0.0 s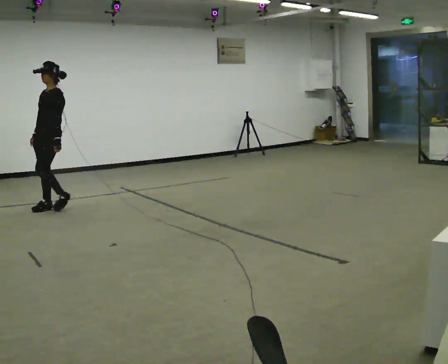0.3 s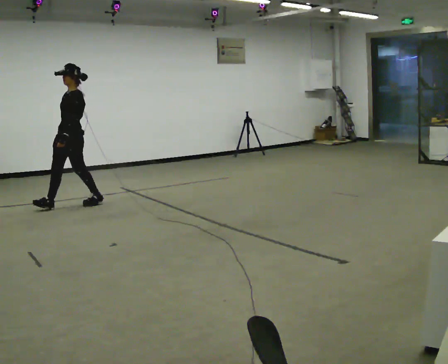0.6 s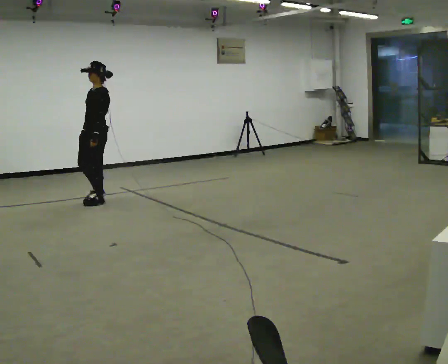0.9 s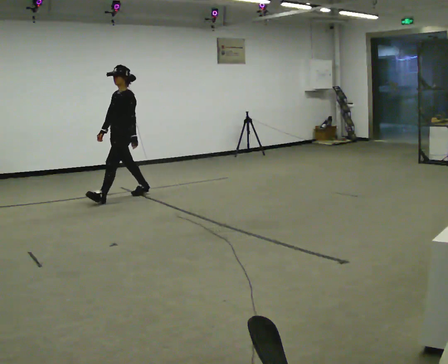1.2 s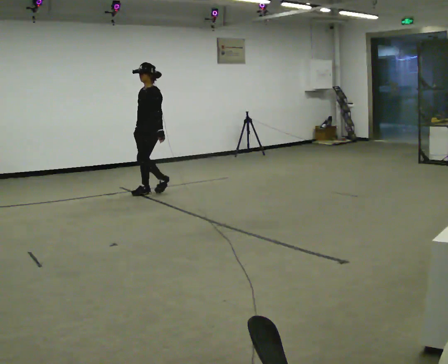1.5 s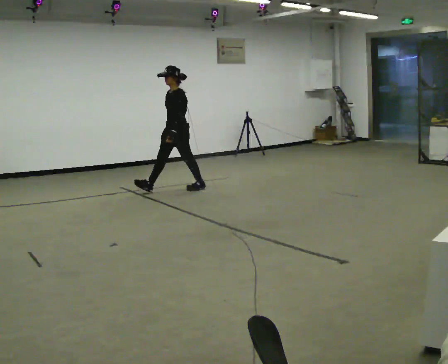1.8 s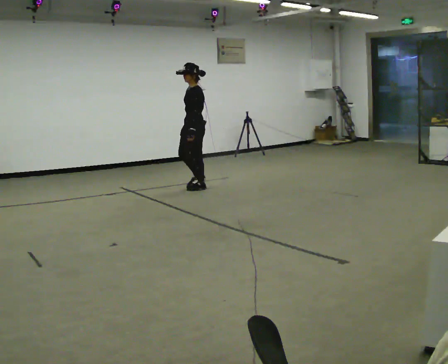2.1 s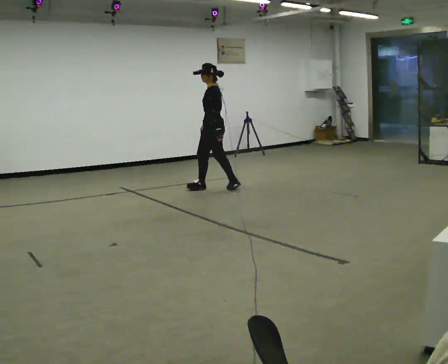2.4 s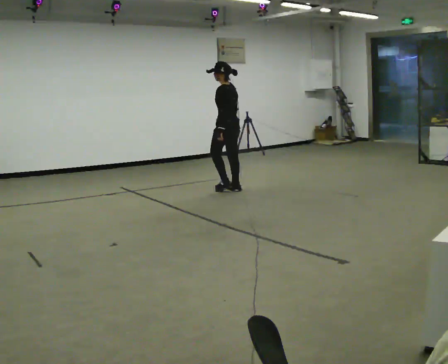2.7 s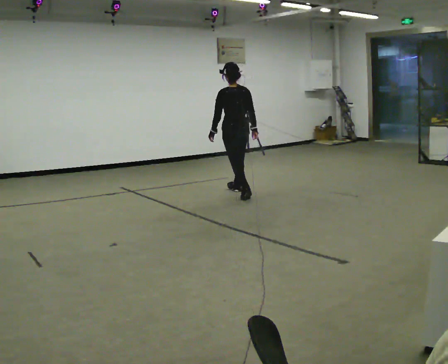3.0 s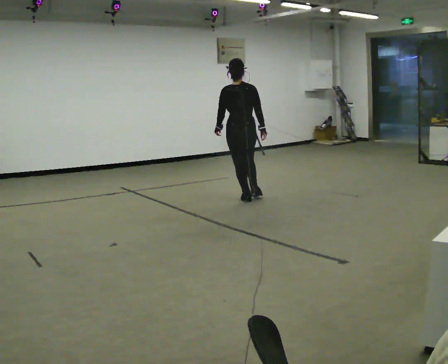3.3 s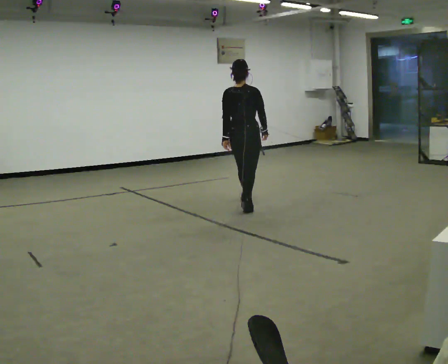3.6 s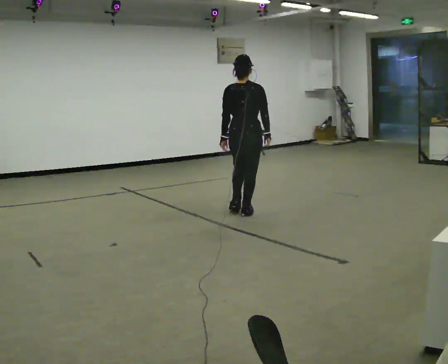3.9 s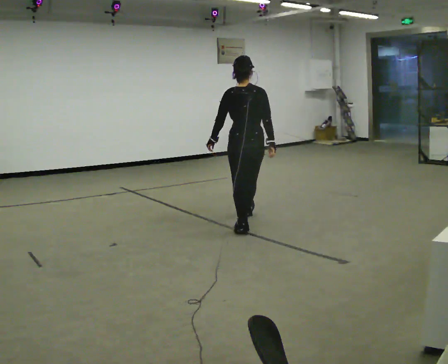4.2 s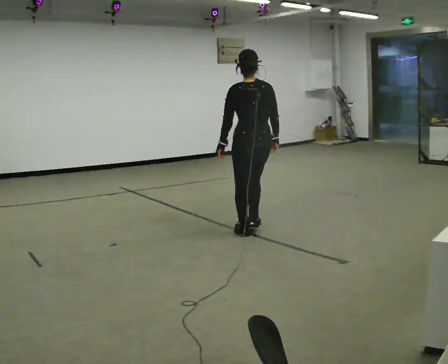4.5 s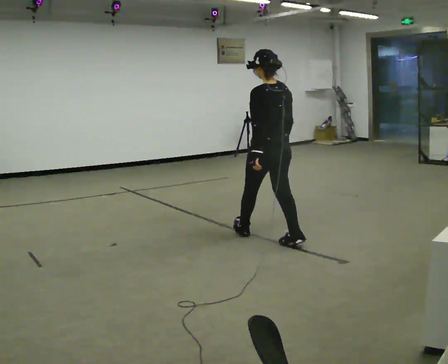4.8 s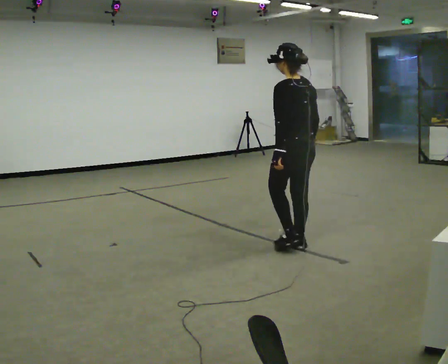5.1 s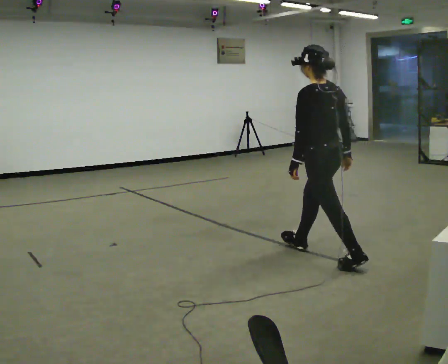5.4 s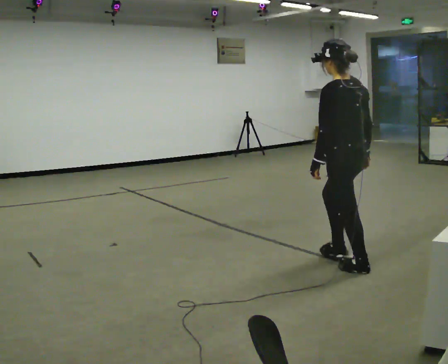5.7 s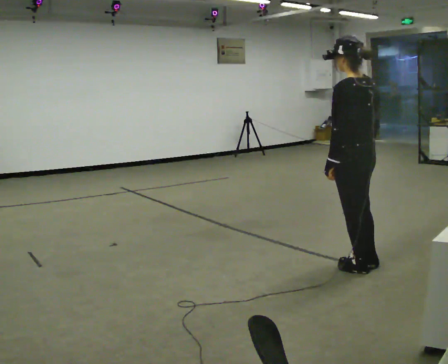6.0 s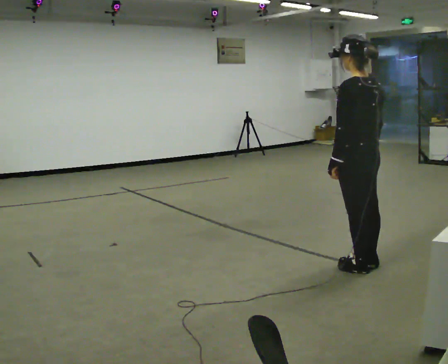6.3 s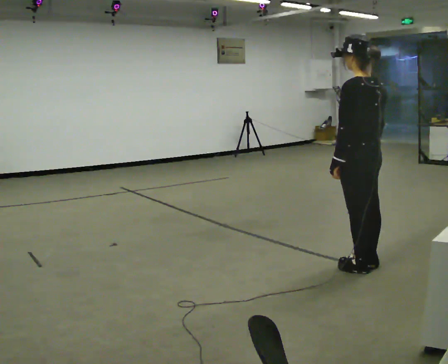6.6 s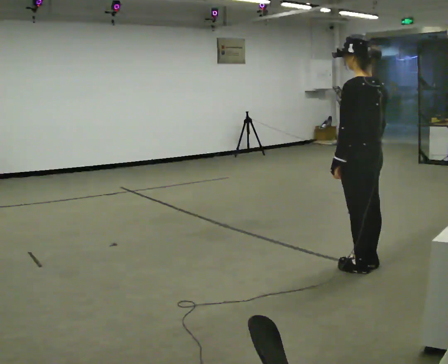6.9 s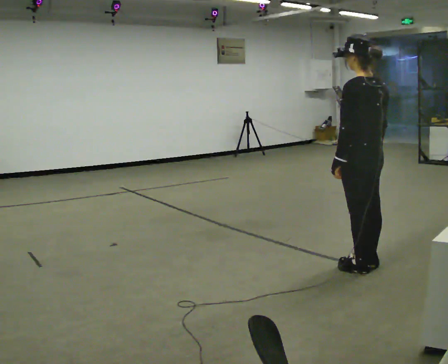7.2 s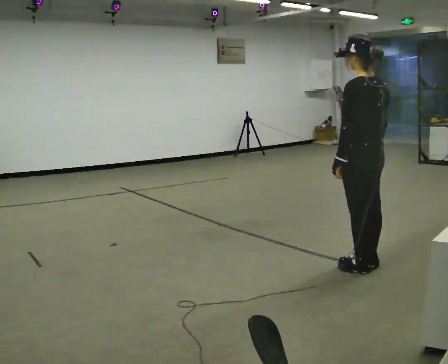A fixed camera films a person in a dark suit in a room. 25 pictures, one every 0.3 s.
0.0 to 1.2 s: In the picture they go to the right and away from the camera, about 1.5 m in 2 steps, which for them is backward.
1.2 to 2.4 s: The part of the body nearest the lens slides to the left as the person turns to their right by about 75 degrees. In the picture they go to the right, about 1 m in 2 steps.
2.4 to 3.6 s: Seen from above the body turns clockwise, about 60 degrees: to their right, with its near side sliding to the left. In the picture they go toward the camera, about 1 m in 2 steps.
3.6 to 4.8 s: The person turns about 45 degrees to their left, counterclockwise seen from above, so the part of the body nearest the lens slides to the right. In the picture they go toward the camera, about 1 m in 2 steps, which for them is backward.
4.8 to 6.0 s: In the picture they go toward the camera and to the right, about 0.75 m in 1 step, which for them is backward.
6.0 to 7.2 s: The person moves a little, or ends about where they began.
The film runs backward here.
